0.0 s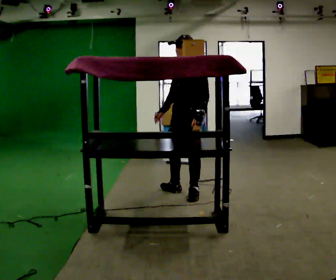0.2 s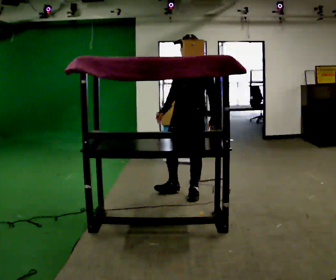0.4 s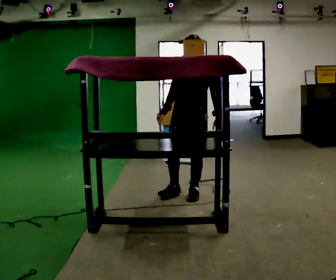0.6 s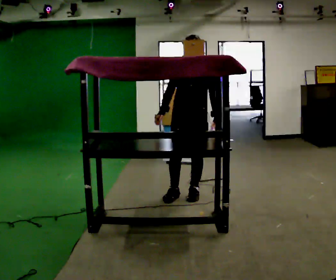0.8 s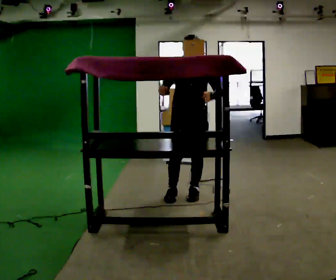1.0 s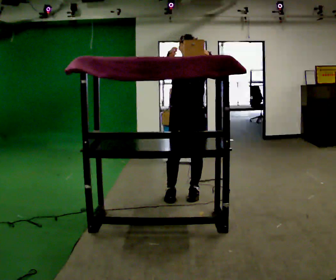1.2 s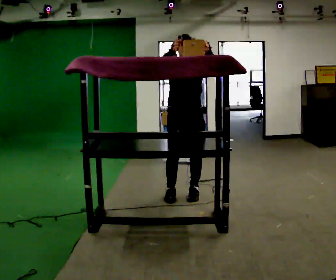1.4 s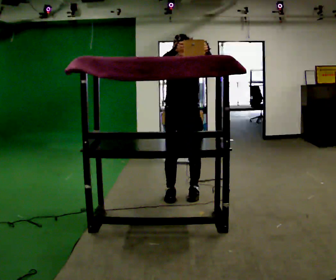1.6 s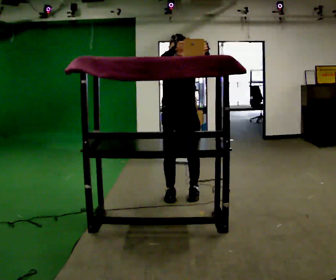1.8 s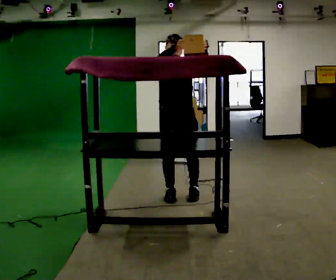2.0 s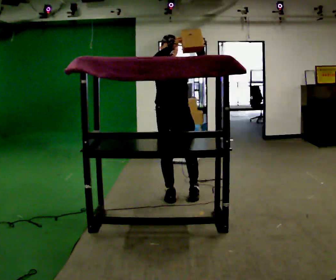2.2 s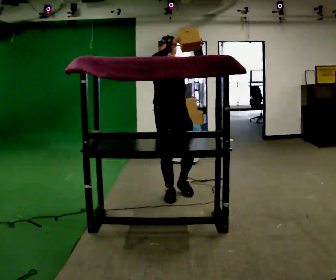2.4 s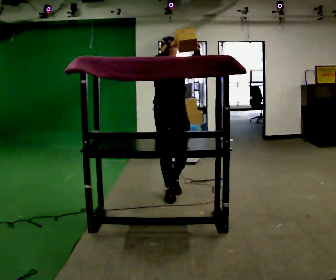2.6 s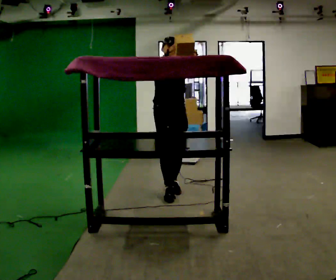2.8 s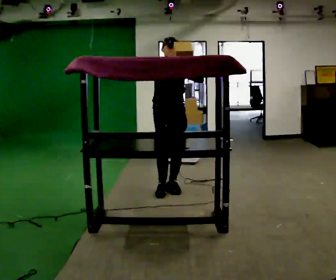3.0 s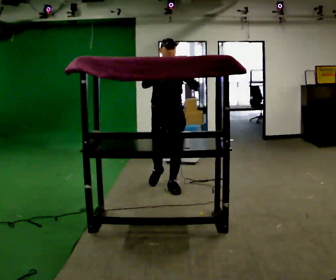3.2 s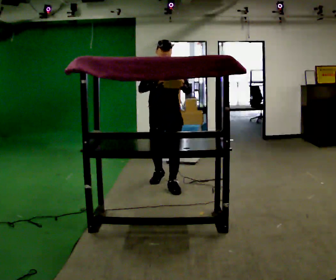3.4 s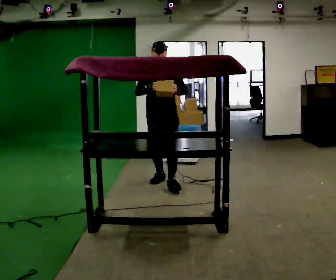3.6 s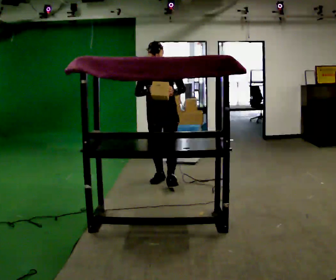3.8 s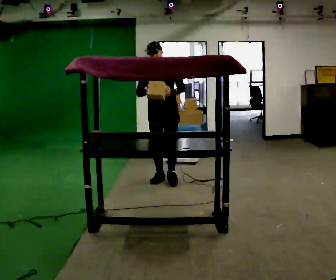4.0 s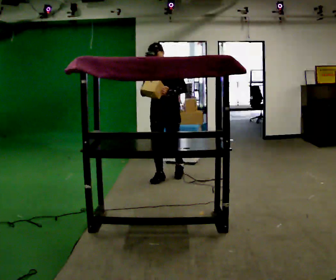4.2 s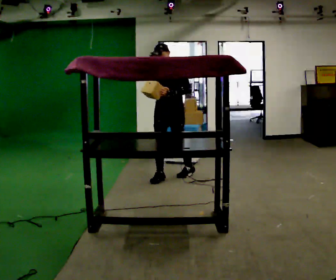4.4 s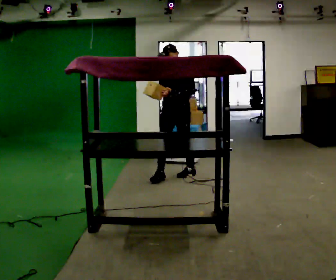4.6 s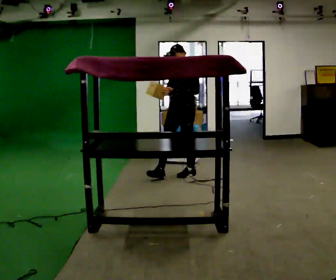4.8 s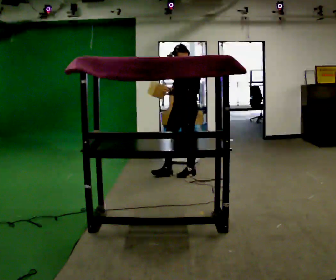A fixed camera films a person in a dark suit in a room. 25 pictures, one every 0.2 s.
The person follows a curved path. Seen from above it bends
clockwise.
The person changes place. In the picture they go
away from the camera.
0.0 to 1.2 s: Seen from above the body turns counterclockwise, about 60 degrees: to their left, with its near side sliding to the right. In the picture their right hand goes upward.
1.2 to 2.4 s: In the picture they go to the left, about 0.25 m in 1 step, which for them is backward and to their right.
2.4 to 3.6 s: Seen from above the body turns clockwise, about 30 degrees: to their right, with its near side sliding to the left. In the picture they go away from the camera, about 0.5 m in 2 steps, which for them is backward. In the picture their right hand goes downward.
3.6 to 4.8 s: The part of the body nearest the lens slides to the left as the person turns to their right by about 45 degrees. In the picture they go to the right and away from the camera, about 0.5 m in 1 step, which for them is backward and to their left.
The film runs backward here.
